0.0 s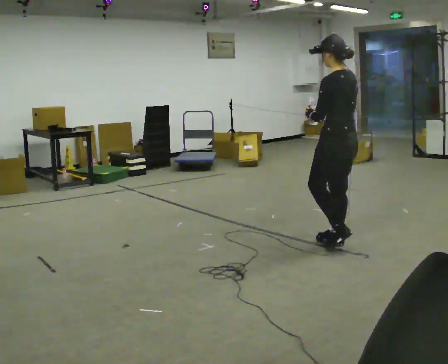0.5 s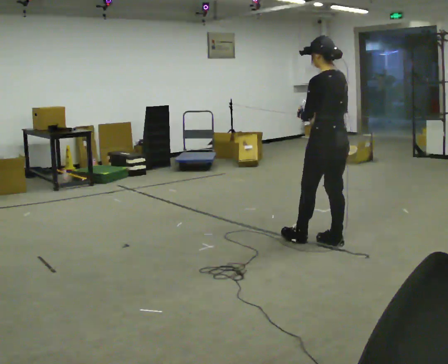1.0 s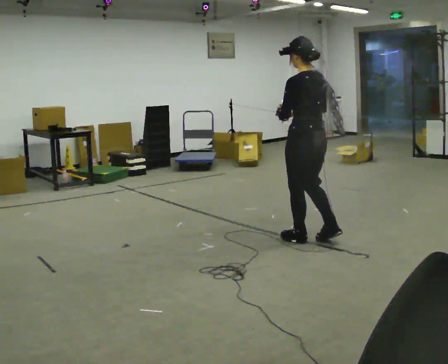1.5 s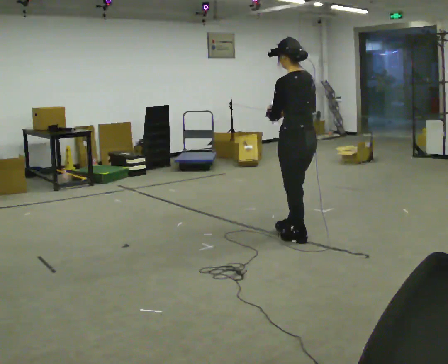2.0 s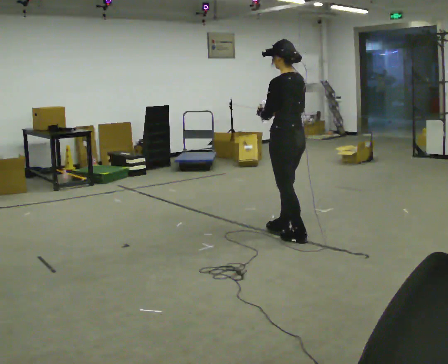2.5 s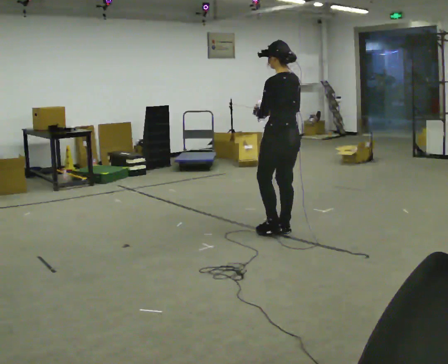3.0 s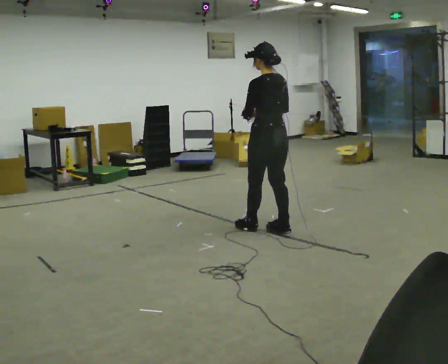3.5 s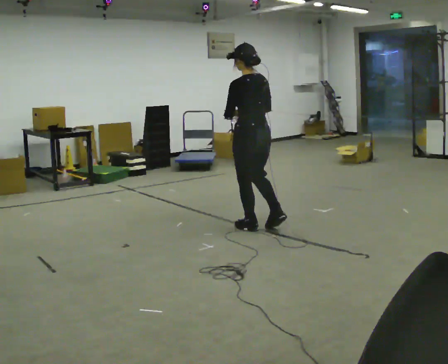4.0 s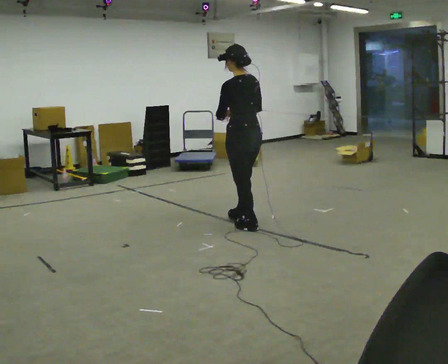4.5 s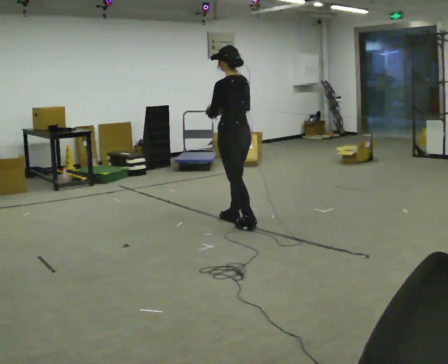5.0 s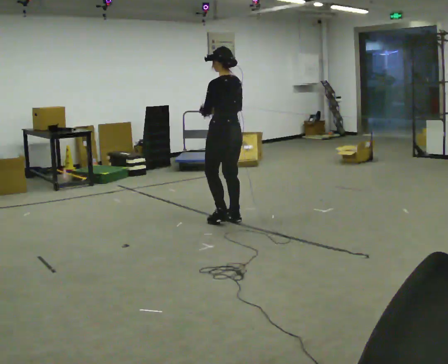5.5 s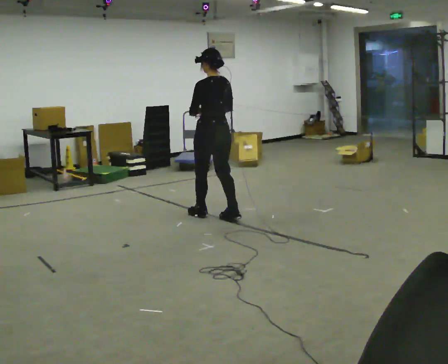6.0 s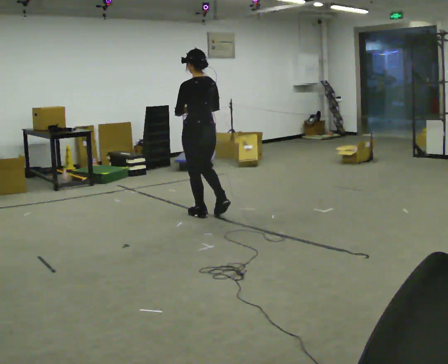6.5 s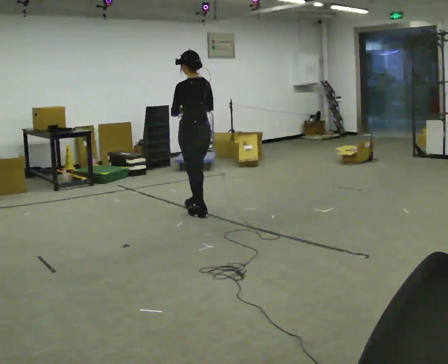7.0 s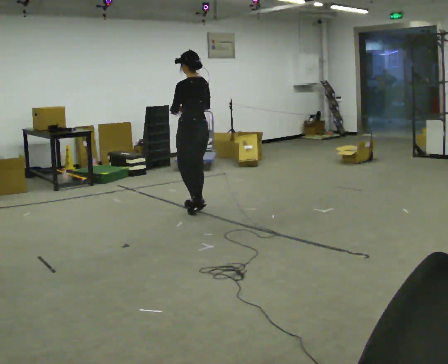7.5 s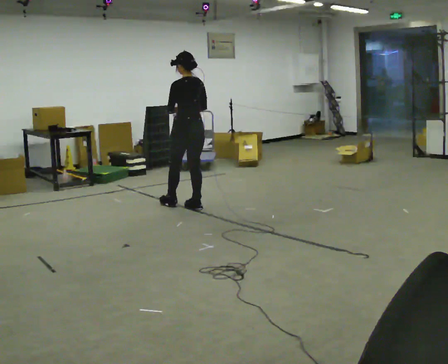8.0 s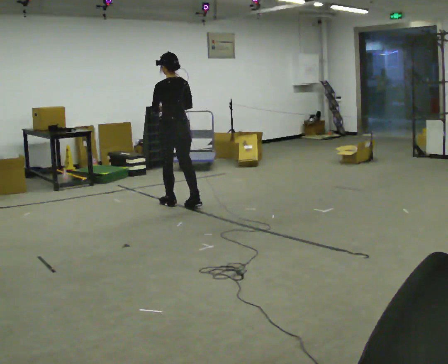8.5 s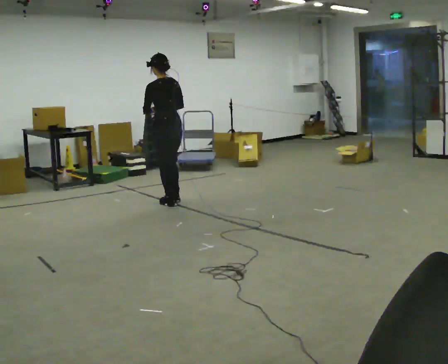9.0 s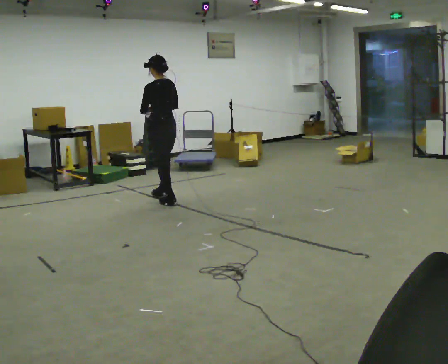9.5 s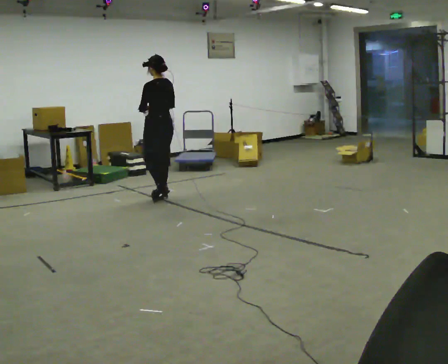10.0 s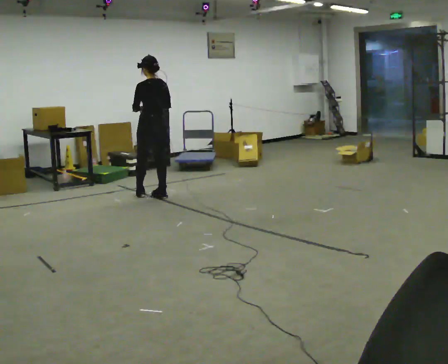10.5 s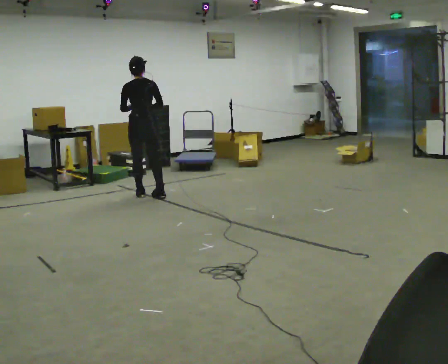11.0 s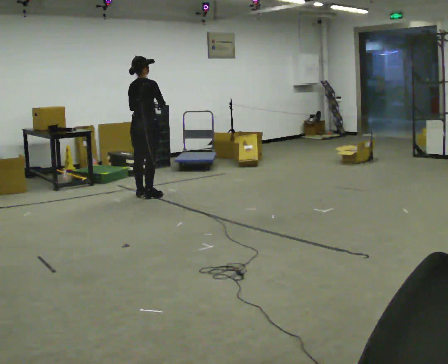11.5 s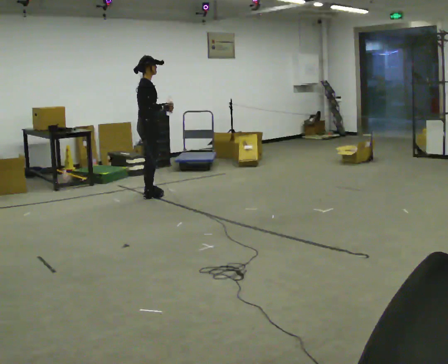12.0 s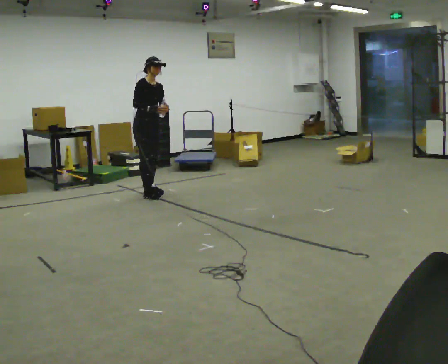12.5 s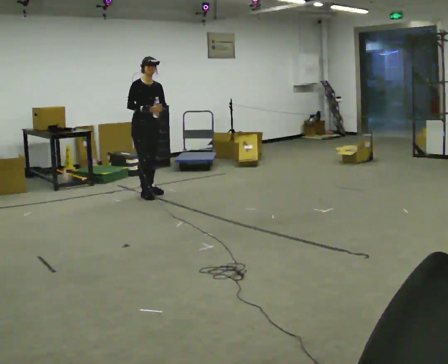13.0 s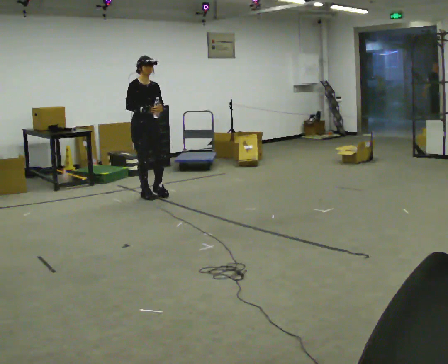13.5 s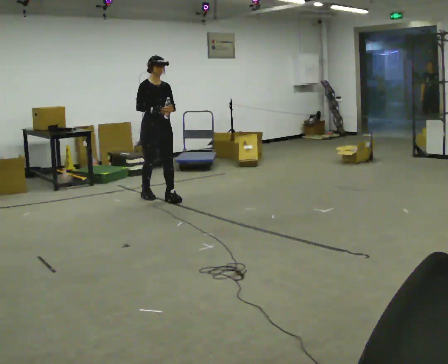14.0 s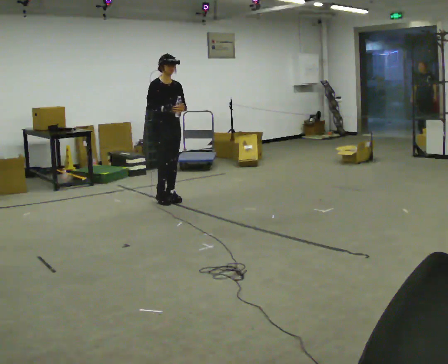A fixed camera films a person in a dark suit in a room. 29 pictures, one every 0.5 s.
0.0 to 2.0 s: In the picture they go away from the camera and to the left, about 0.5 m in 2 steps, which for them is forward.
2.0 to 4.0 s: In the picture they go to the left and away from the camera, about 0.5 m in 1 step, which for them is forward.
4.0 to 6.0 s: In the picture they go away from the camera and to the left, about 0.5 m in 2 steps, which for them is forward.
6.0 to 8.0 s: In the picture they go away from the camera and to the left, about 0.5 m in 2 steps, which for them is forward.
8.0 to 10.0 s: In the picture they go away from the camera and to the left, about 0.5 m in 2 steps, which for them is forward.
10.0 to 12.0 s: The part of the body nearest the lens slides to the left as the person turns to their right by about 165 degrees. In the picture they go away from the camera, about 0.25 m in 2 steps.
12.0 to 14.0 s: In the picture they go toward the camera and to the right, about 0.5 m in 1 step, which for them is forward.
The film runs forward here.
